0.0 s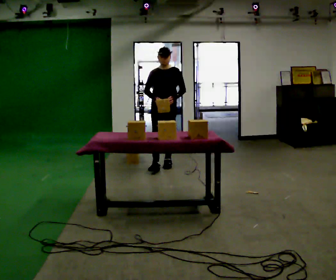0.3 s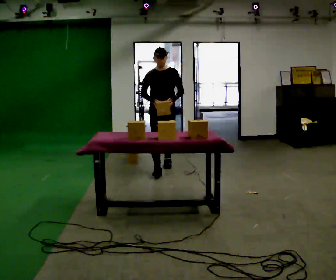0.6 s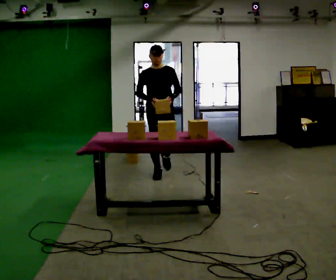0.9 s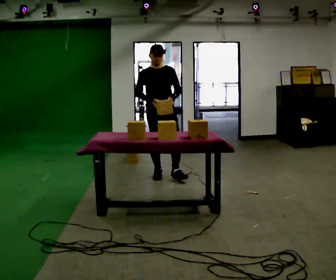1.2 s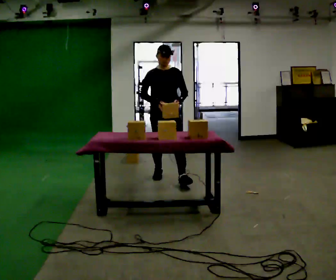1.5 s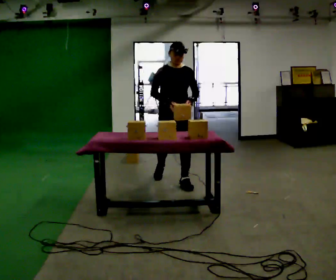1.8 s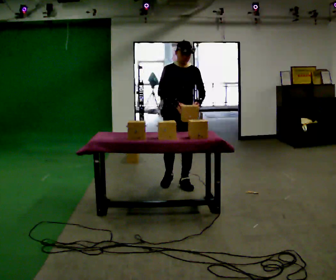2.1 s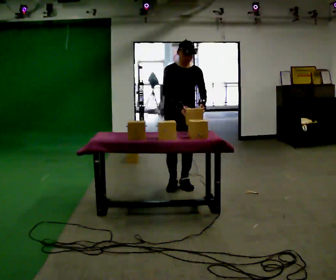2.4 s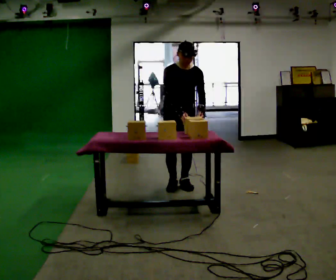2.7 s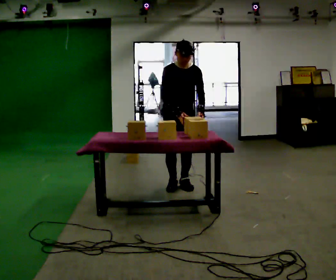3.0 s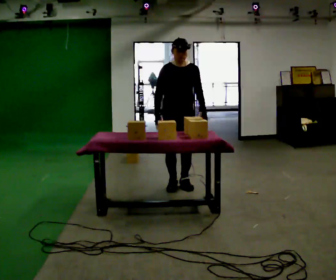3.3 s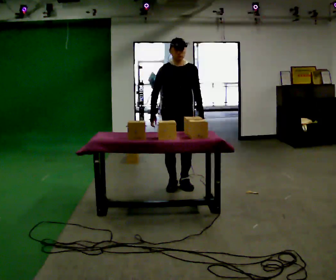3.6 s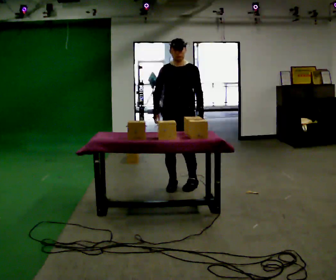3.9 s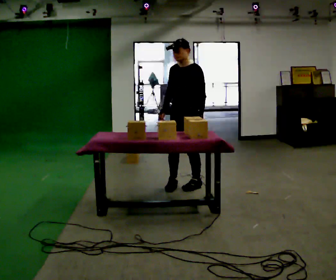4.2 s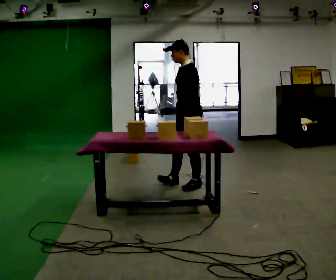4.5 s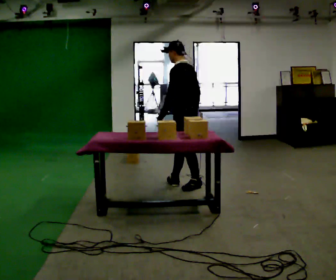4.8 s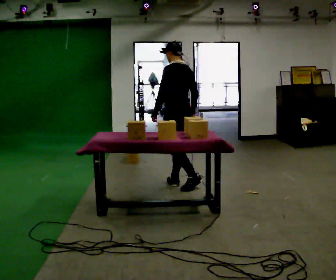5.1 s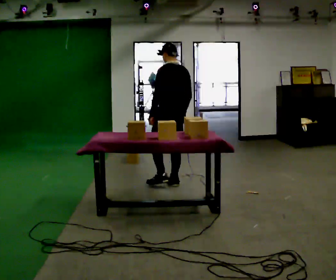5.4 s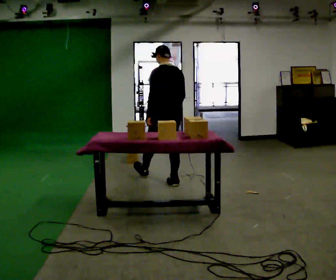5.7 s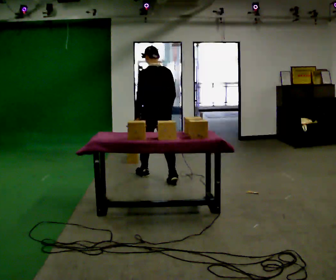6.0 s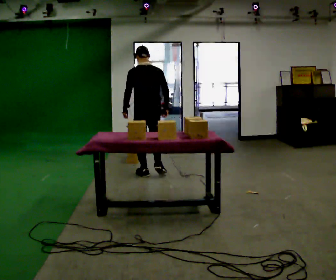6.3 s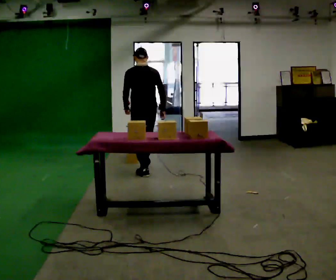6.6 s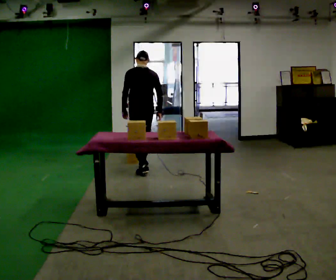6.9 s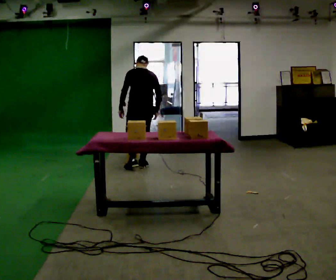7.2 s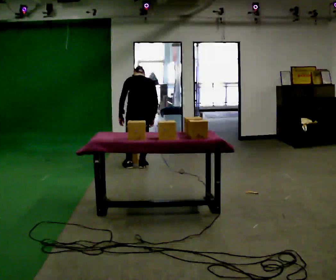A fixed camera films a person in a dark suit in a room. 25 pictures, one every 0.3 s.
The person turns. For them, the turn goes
to their right.
The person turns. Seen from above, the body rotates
clockwise.
0.0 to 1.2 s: In the picture they go toward the camera, about 0.75 m in 2 steps, which for them is forward.
1.2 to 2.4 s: In the picture they go toward the camera and to the right, about 0.25 m in 1 step, which for them is forward. The upper body tips toward the camera, its near side rolling downward, as they bend forward.
2.4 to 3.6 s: Seen from above the body turns clockwise, about 30 degrees: to their right, with its near side sliding to the left.
3.6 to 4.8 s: The person turns about 105 degrees to their right, clockwise seen from above, so the part of the body nearest the lens slides to the left. In the picture their left hand goes to the left, the arm swinging clockwise.
4.8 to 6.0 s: The part of the body nearest the lens slides to the left as the person turns to their right by about 45 degrees. In the picture they go to the left and away from the camera, about 0.5 m in 1 step, which for them is forward.
6.0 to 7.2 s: In the picture they go away from the camera and to the left, about 0.5 m in 2 steps, which for them is forward. The upper body tips away from the camera, its near side rolling upward, as they bend forward.
The film runs forward here.
